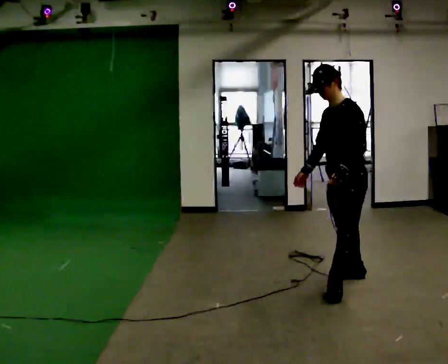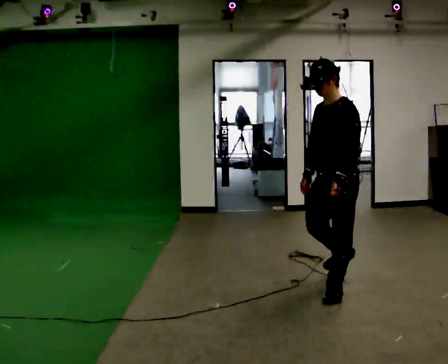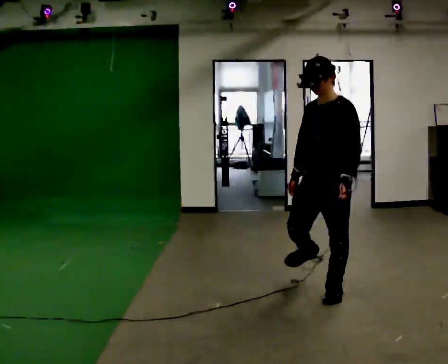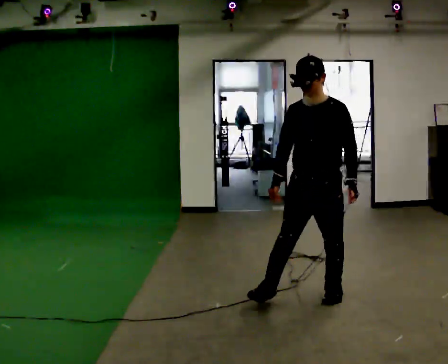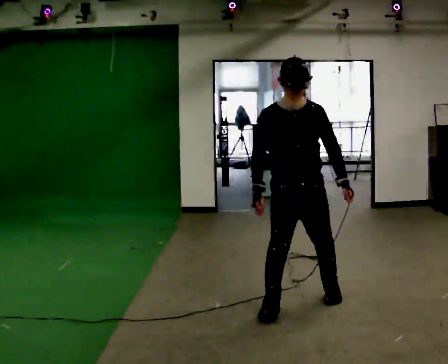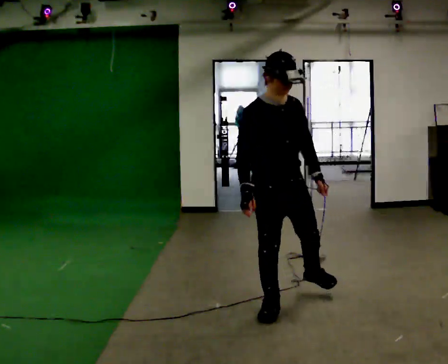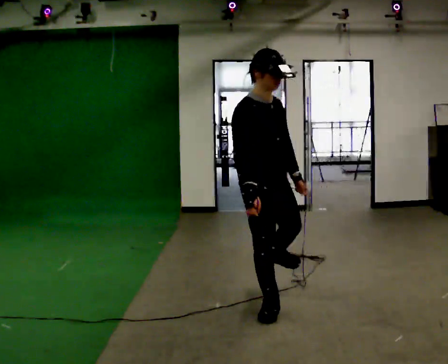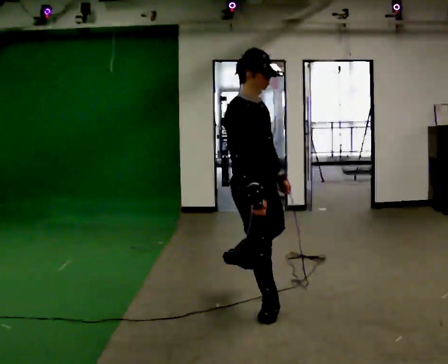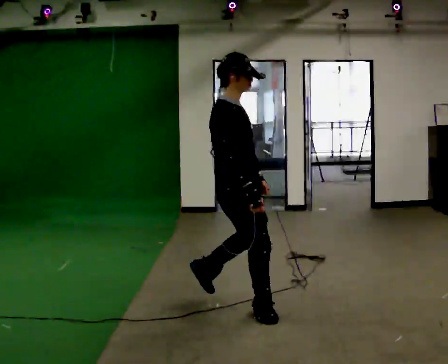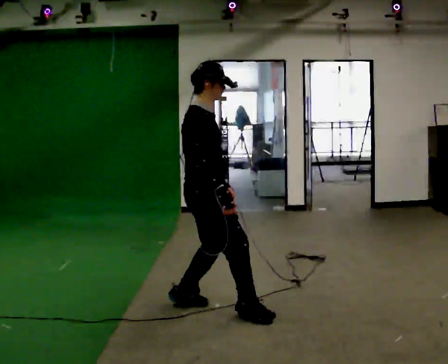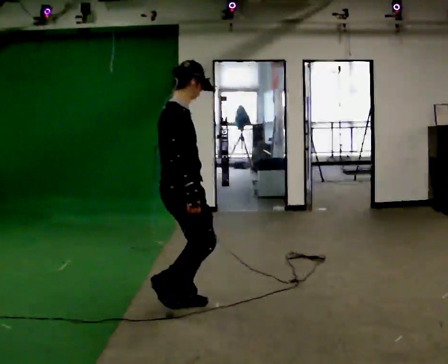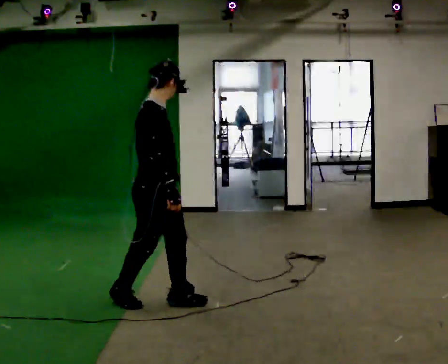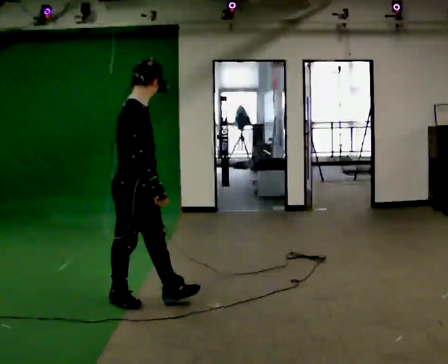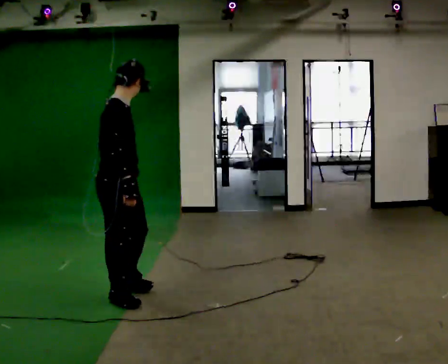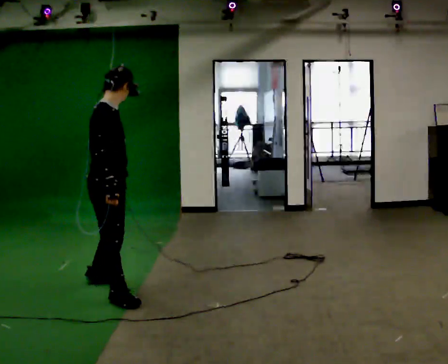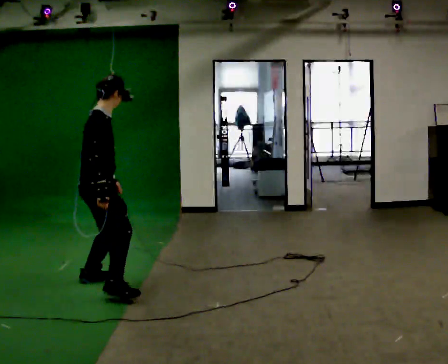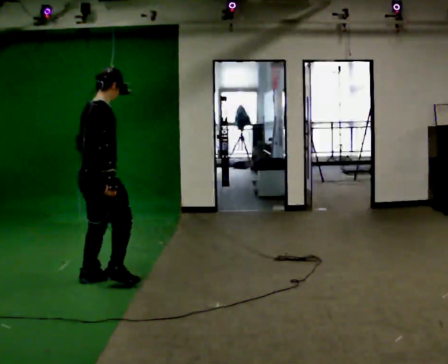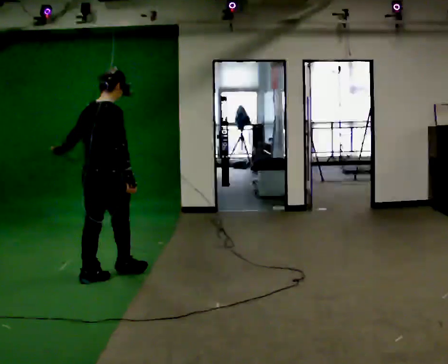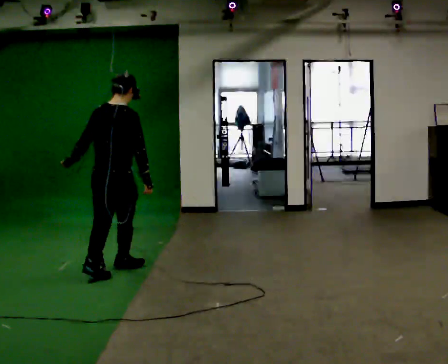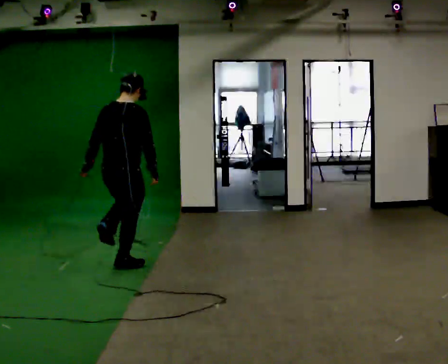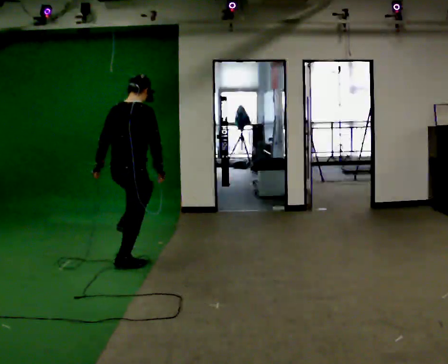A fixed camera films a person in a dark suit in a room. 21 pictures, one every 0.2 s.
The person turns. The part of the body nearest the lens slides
to the right.
The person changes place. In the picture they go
to the left.
0.0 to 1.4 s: Seen from above the body turns counterclockwise, about 135 degrees: to their left, with its near side sliding to the right. In the picture they go to the left and toward the camera, about 1 m in 1 step.
1.4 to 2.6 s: In the picture they go to the left, about 1 m in 2 steps, which for them is backward.
2.6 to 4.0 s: The person turns about 60 degrees to their left, counterclockwise seen from above, so the part of the body nearest the lens slides to the right. In the picture they go away from the camera, about 1 m in 2 steps.
The film runs forward here.
